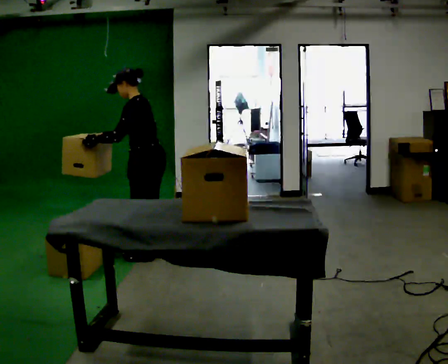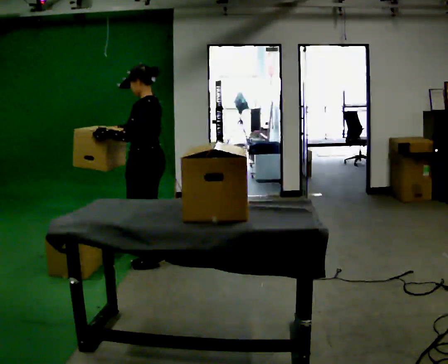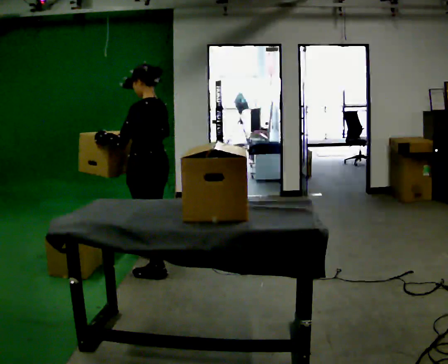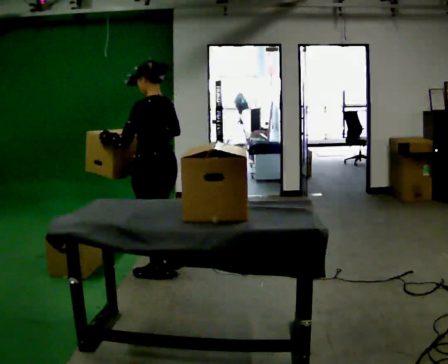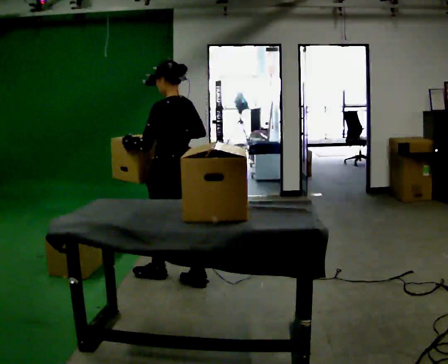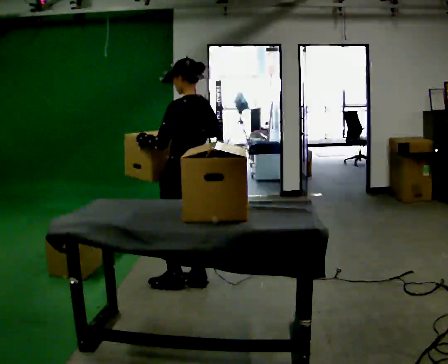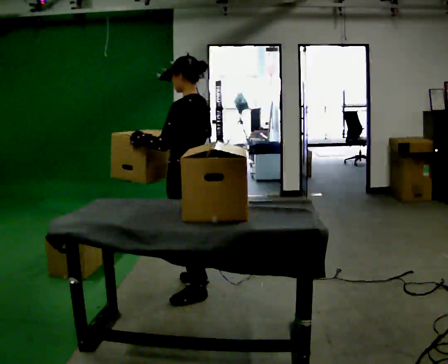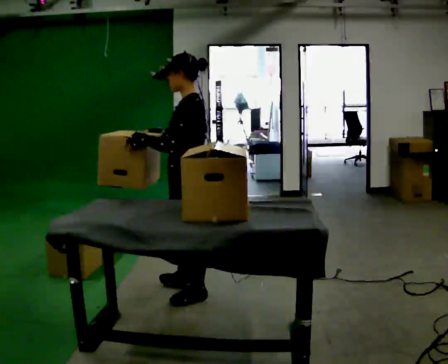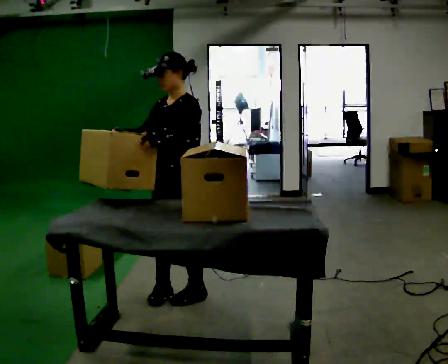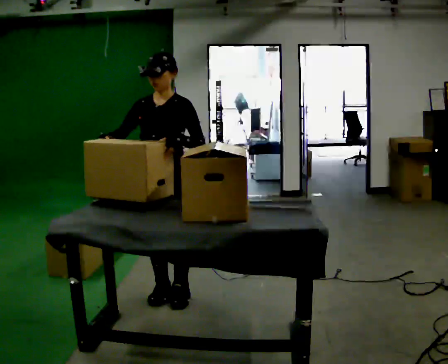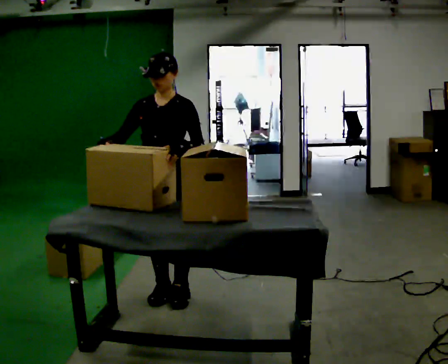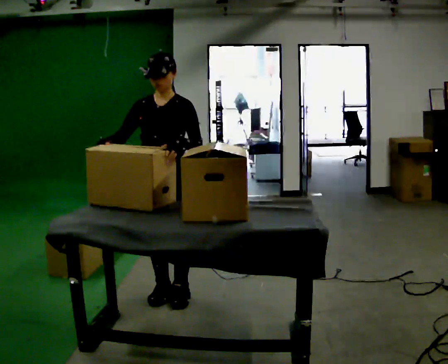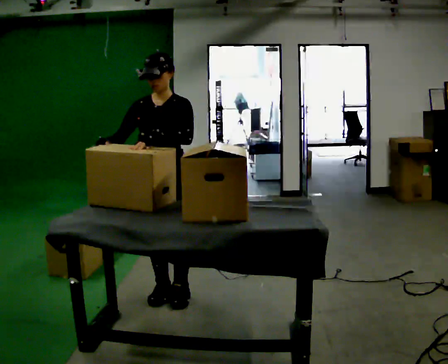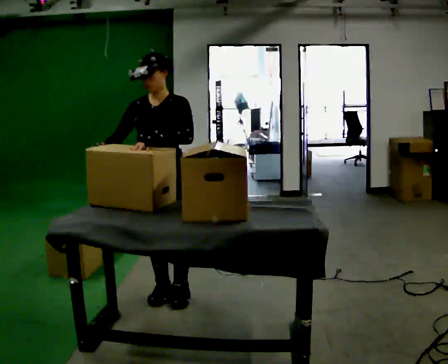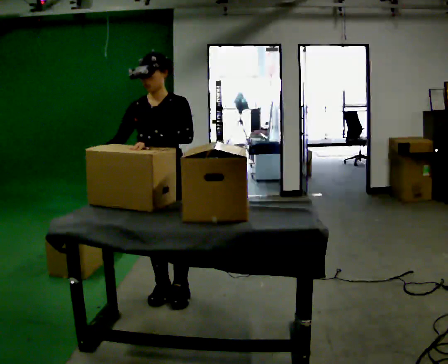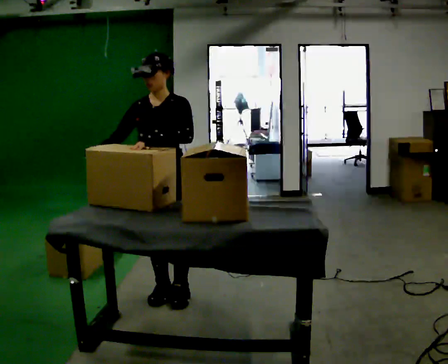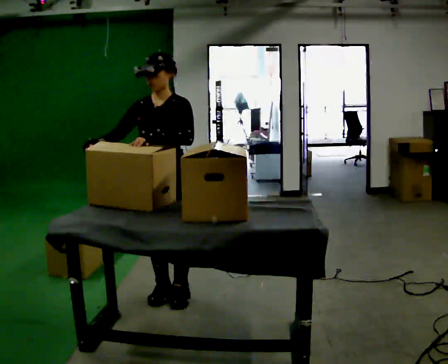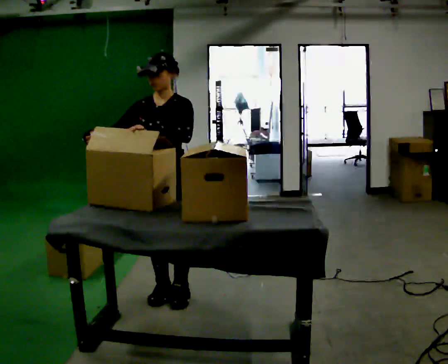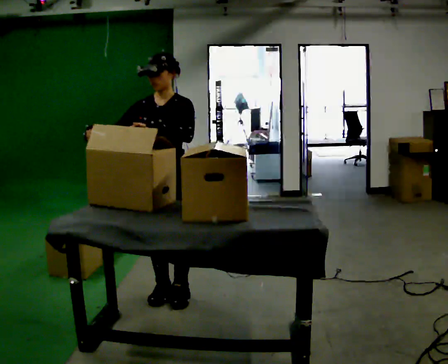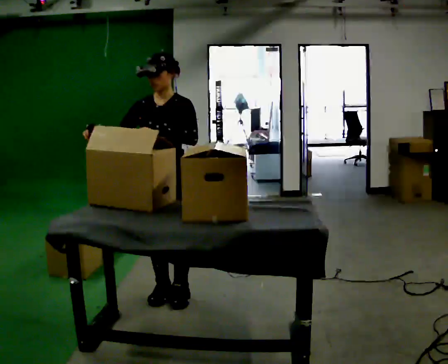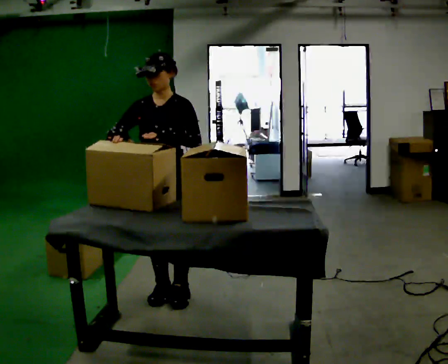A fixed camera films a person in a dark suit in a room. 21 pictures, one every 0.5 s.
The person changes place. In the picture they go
toward the camera.
0.0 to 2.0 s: The person turns about 30 degrees to their right, clockwise seen from above, so the part of the body nearest the lens slides to the left. In the picture they go toward the camera, about 0.5 m in 2 steps, which for them is backward and to their left. In the picture the upper body tilts clockwise, shoulders to the right, as they lean back or straighten.
2.0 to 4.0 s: The part of the body nearest the lens slides to the right as the person turns to their left by about 75 degrees. In the picture they go toward the camera, about 0.25 m in 2 steps.
4.0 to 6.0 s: Seen from above the body turns counterclockwise, about 30 degrees: to their left, with its near side sliding to the right.
6.0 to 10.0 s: The person moves a little, or ends about where they began.
The film runs backward here.
